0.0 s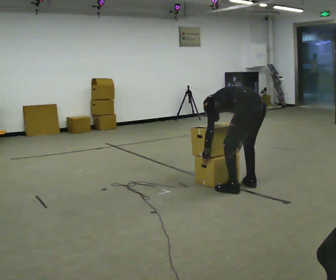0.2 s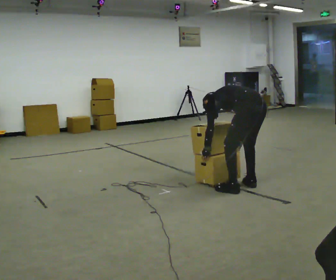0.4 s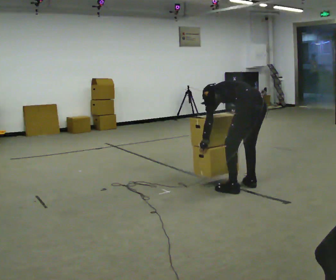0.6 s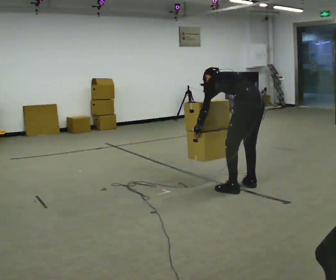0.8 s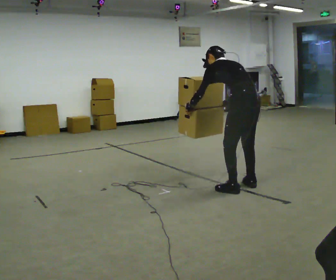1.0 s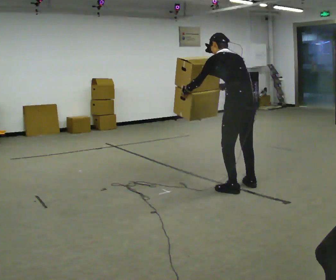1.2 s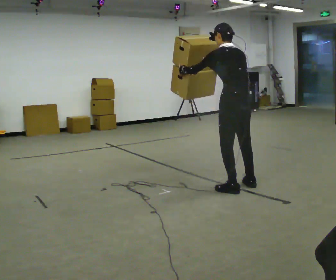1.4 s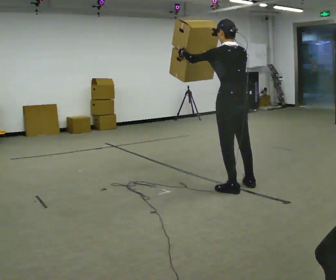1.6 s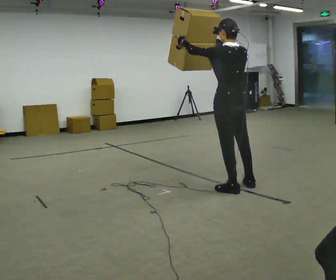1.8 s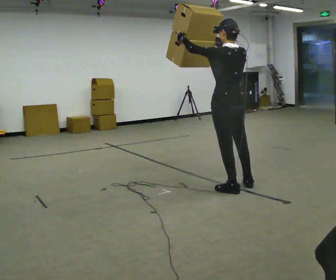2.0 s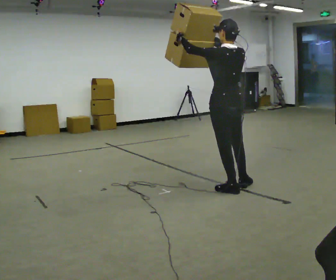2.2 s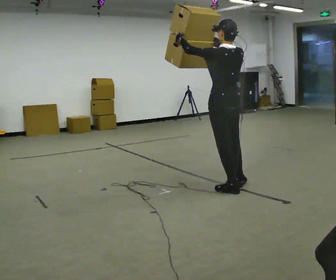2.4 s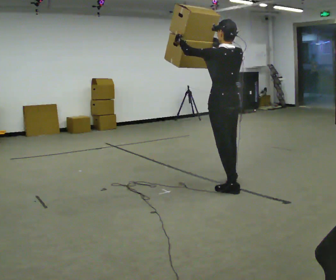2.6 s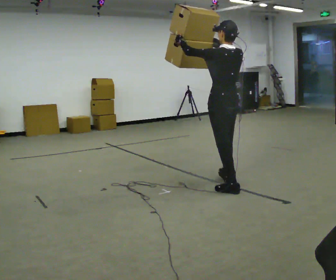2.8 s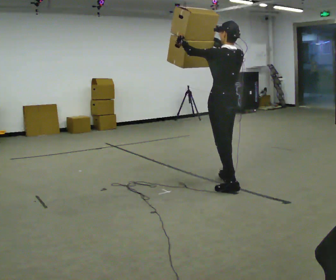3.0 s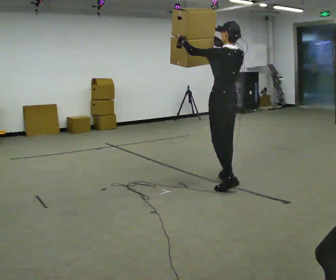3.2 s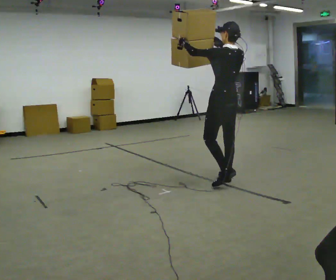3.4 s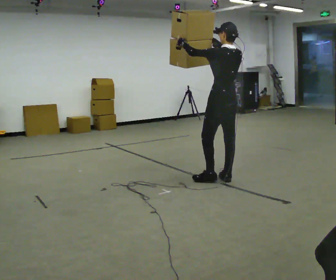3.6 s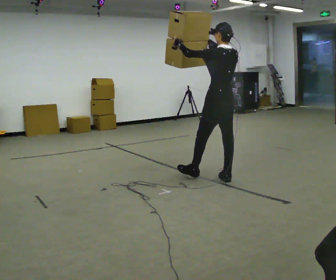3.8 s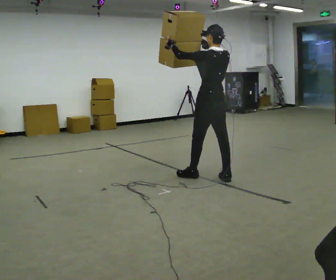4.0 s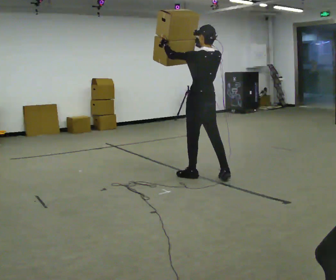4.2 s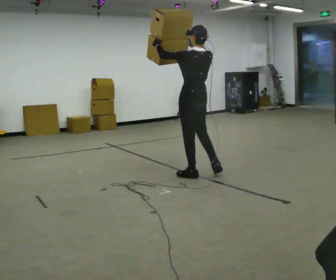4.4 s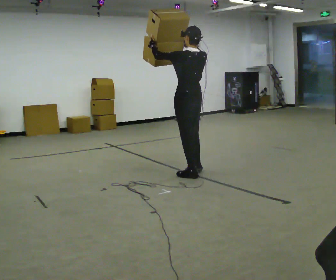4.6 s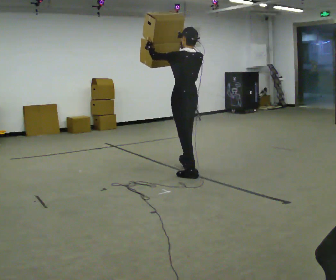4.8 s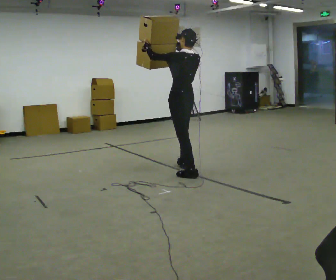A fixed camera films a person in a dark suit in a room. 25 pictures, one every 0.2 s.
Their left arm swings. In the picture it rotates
clockwise.
Their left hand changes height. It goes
upward.
0.0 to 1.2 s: The shoulders move upward. The upper body tips toward the camera, its near side rolling downward, as they lean back or straighten. In the picture their right hand goes upward.
1.2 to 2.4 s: The person moves a little, or ends about where they began.
2.4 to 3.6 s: In the picture they go away from the camera, about 0.25 m in 1 step, which for them is forward and to their right.
3.6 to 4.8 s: In the picture they go to the left and away from the camera, about 0.5 m in 2 steps, which for them is forward.
The film runs forward here.
